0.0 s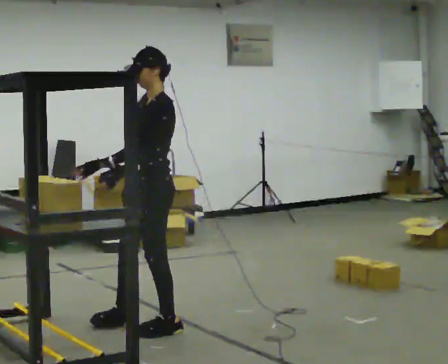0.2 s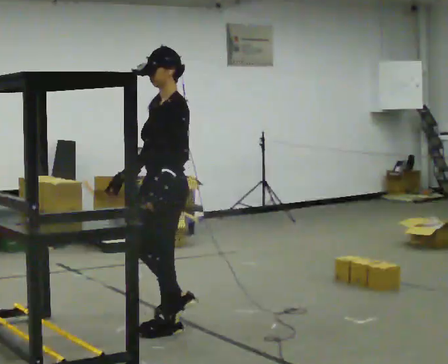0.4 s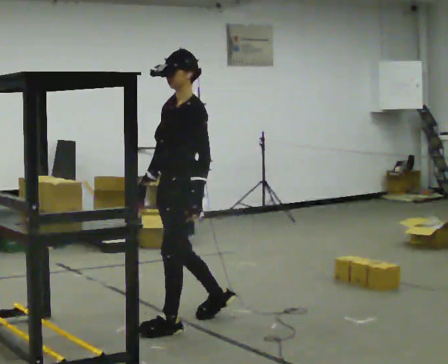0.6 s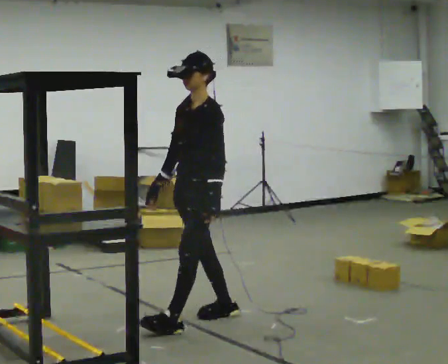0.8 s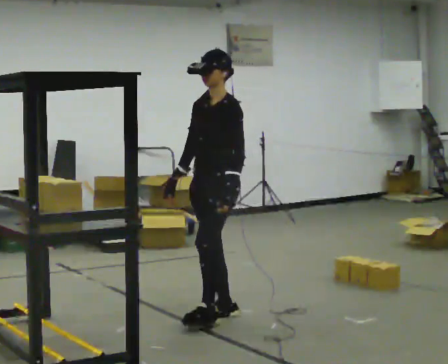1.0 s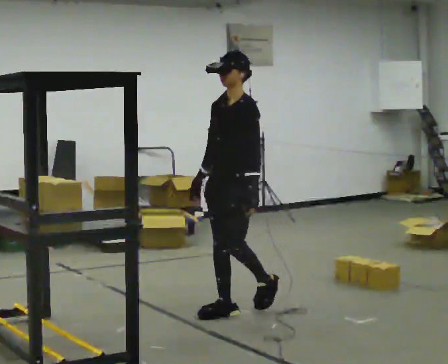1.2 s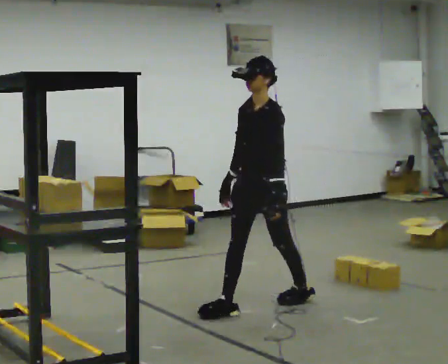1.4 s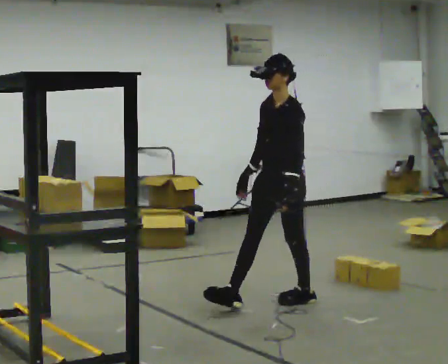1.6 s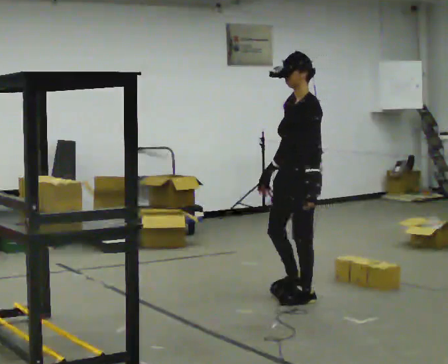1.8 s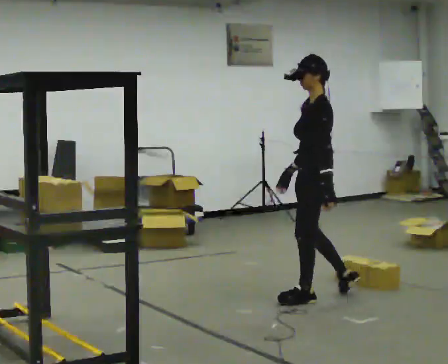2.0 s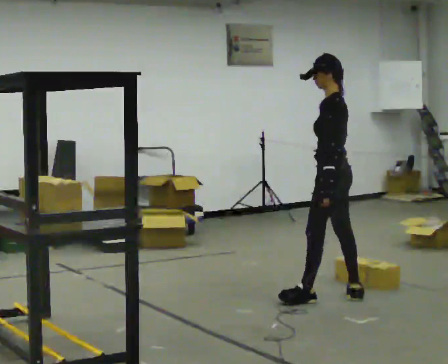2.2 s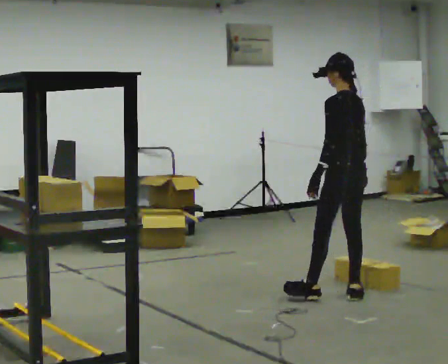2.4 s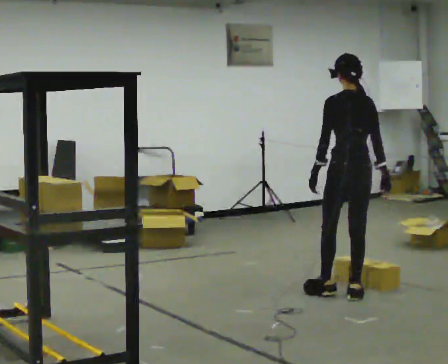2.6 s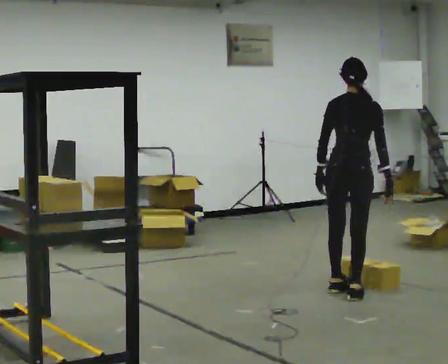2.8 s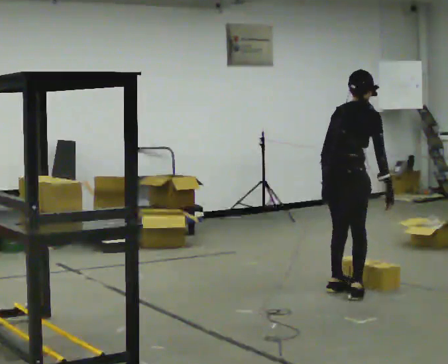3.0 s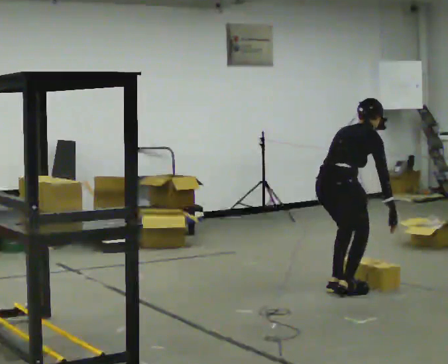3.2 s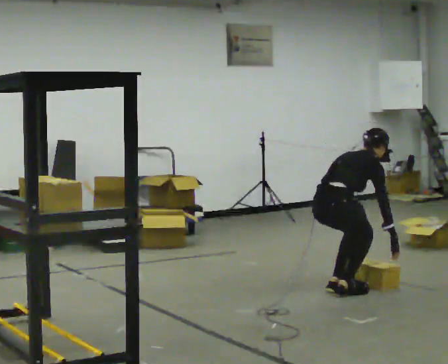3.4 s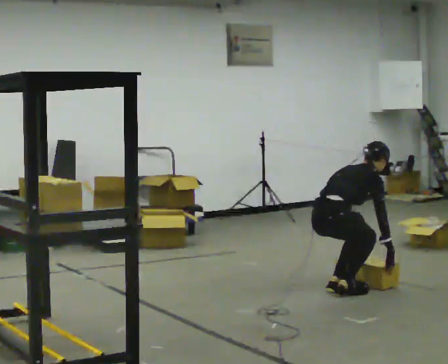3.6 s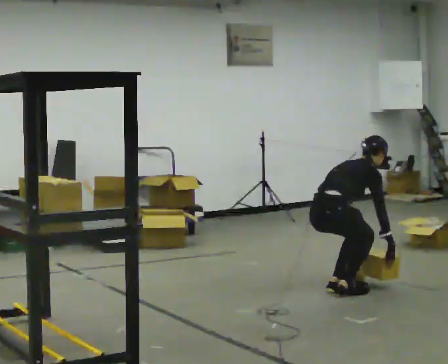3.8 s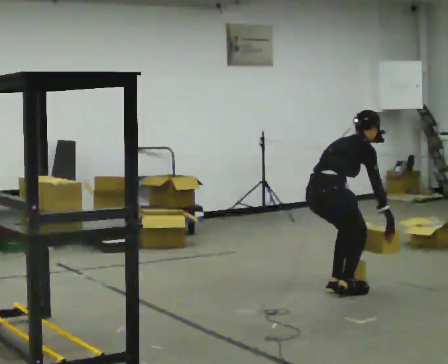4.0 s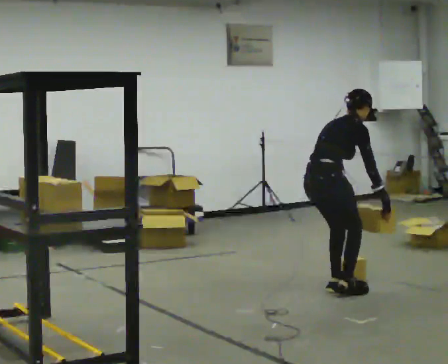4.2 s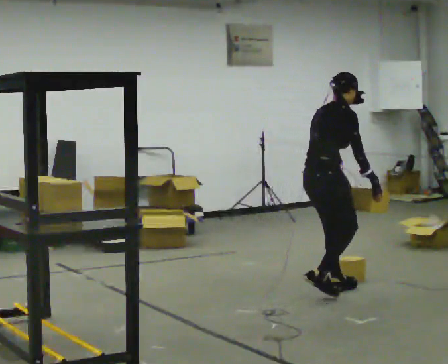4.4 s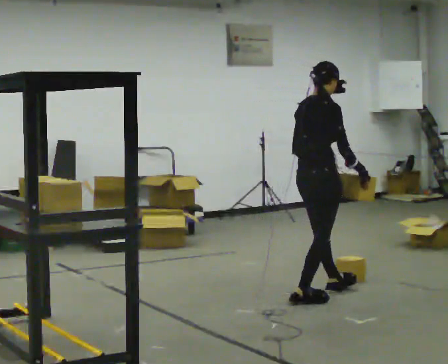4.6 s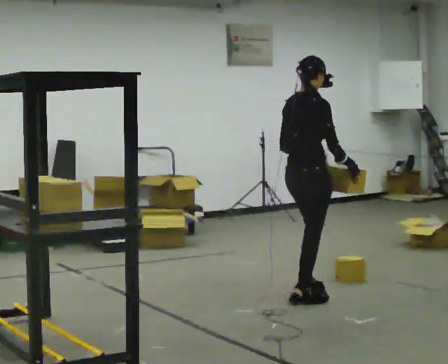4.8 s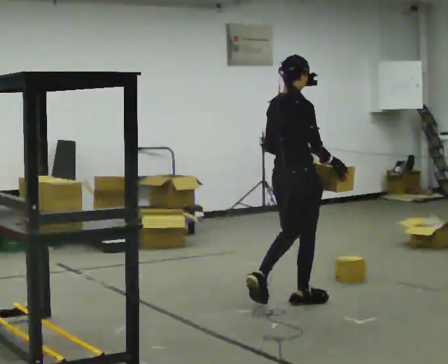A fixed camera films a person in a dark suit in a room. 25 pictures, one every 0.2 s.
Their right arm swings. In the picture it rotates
counterclockwise.
0.0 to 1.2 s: In the picture they go to the right and away from the camera, about 1 m in 2 steps, which for them is backward.
1.2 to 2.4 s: The person turns about 105 degrees to their right, clockwise seen from above, so the part of the body nearest the lens slides to the left. In the picture they go to the right and away from the camera, about 0.75 m in 2 steps.
2.4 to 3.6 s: The person turns about 75 degrees to their right, clockwise seen from above, so the part of the body nearest the lens slides to the left. In the picture they go to the left, about 0.25 m. The shoulders move downward. In the picture the upper body tilts clockwise, shoulders to the right, as they bend forward. In the picture their left hand goes downward.
3.6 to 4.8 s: In the picture they go toward the camera and to the left, about 0.25 m in 2 steps, which for them is backward. The shoulders move upward. In the picture the upper body tilts counterclockwise, shoulders to the left, as they lean back or straighten. In the picture their left hand goes upward.
The film runs backward here.
